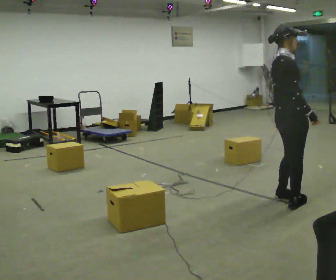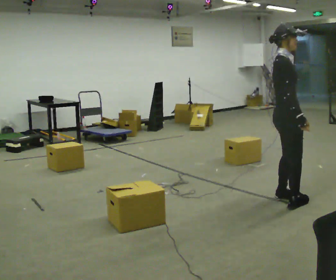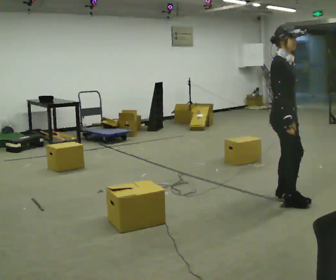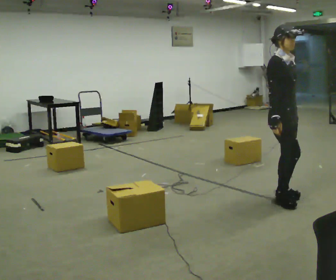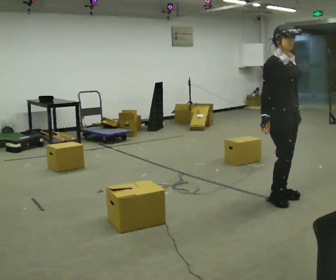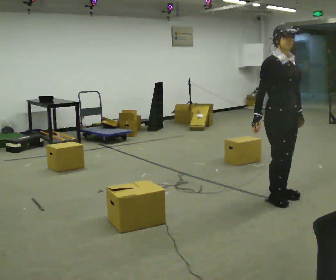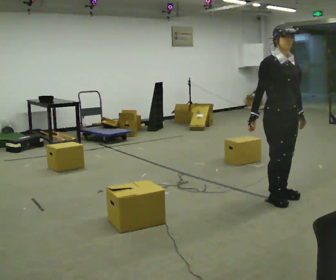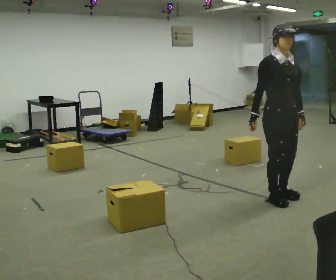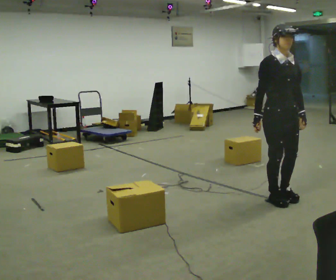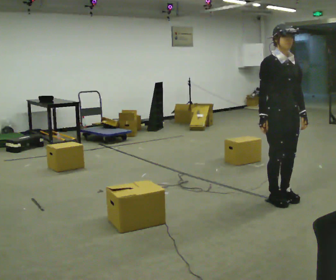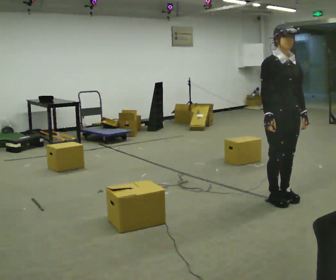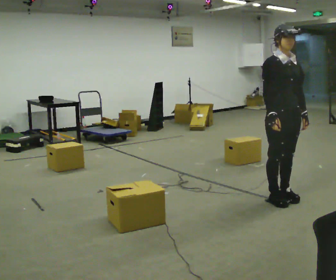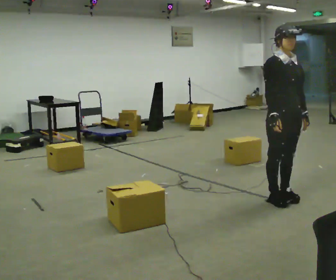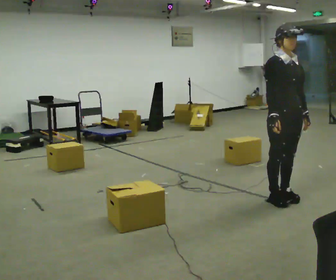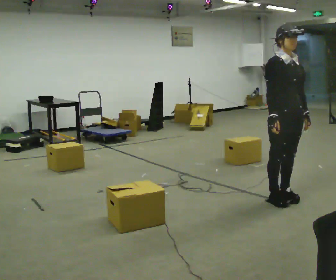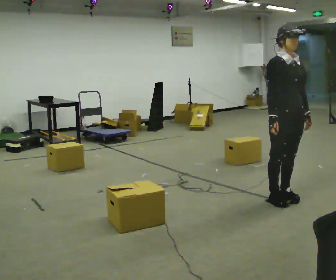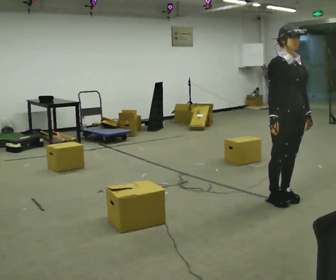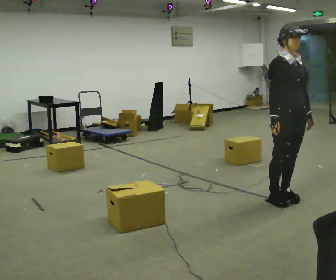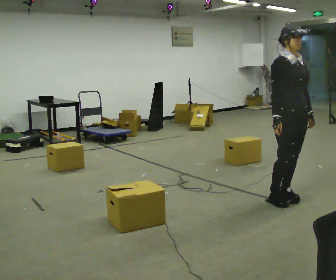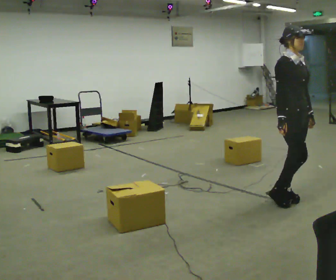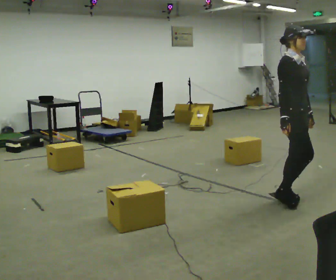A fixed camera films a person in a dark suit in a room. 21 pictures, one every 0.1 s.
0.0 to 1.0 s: The part of the body nearest the lens slides to the left as the person turns to their right by about 60 degrees. In the picture their right hand goes to the left.
1.0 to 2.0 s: Seen from above the body turns counterclockwise, about 30 degrees: to their left, with its near side sliding to the right.
The film runs forward here.
